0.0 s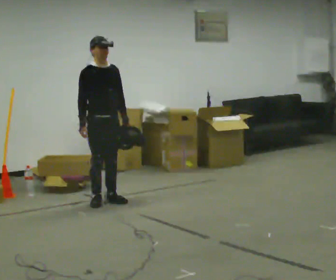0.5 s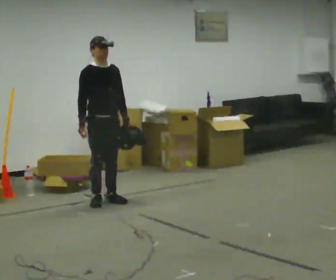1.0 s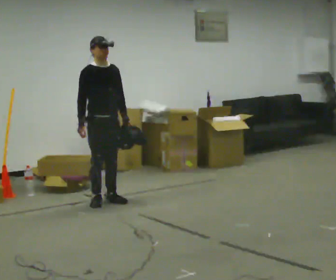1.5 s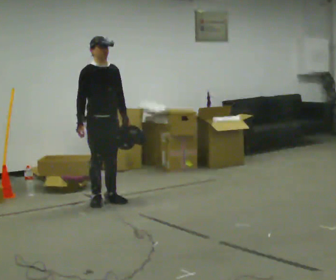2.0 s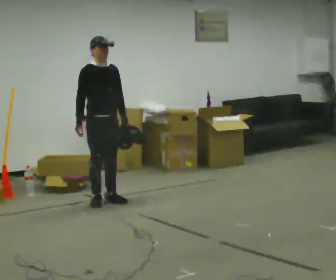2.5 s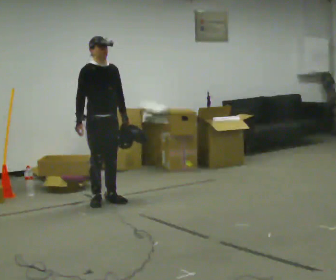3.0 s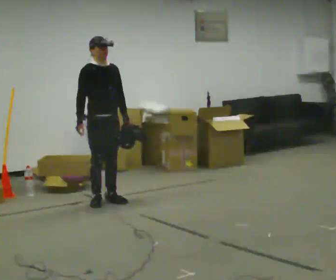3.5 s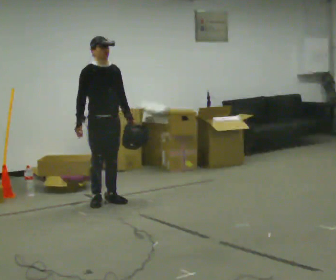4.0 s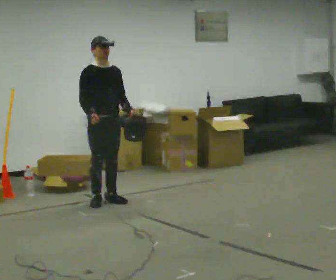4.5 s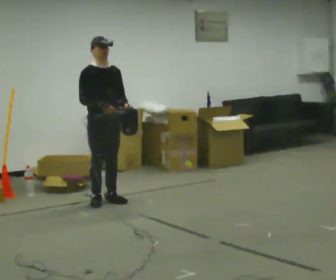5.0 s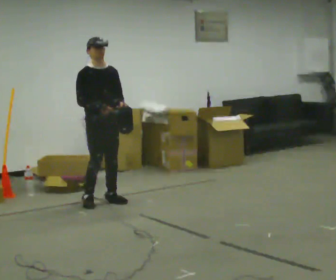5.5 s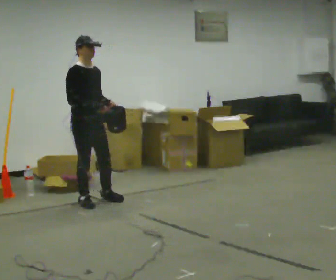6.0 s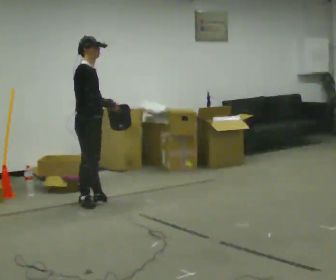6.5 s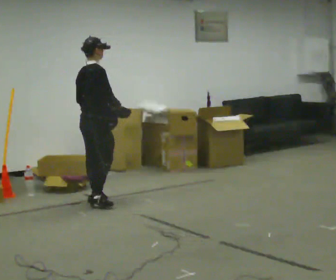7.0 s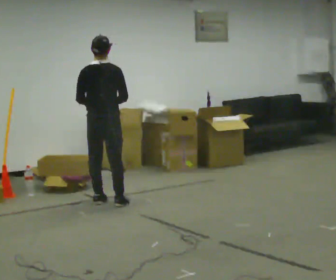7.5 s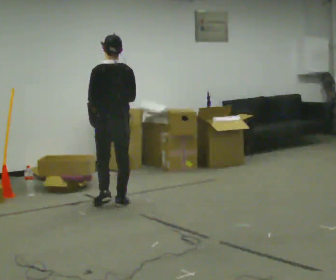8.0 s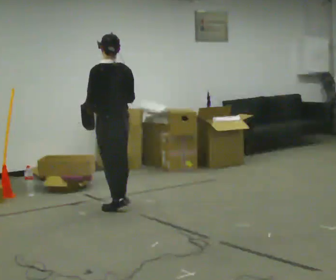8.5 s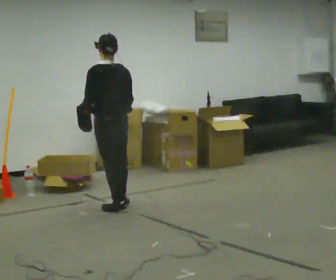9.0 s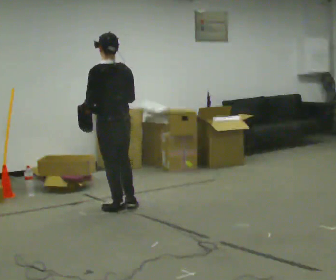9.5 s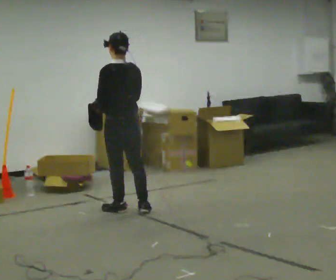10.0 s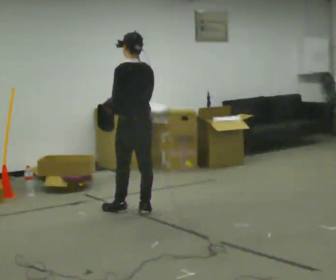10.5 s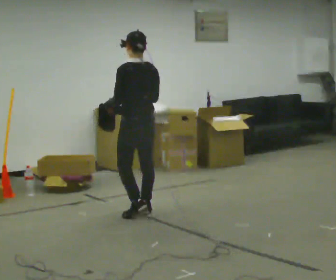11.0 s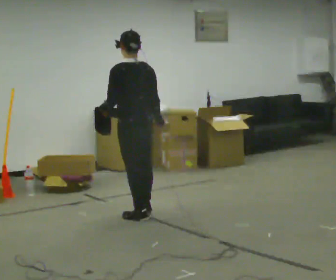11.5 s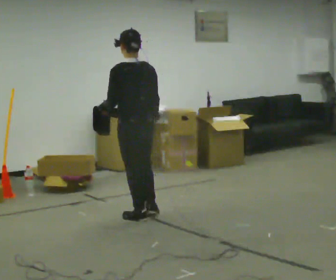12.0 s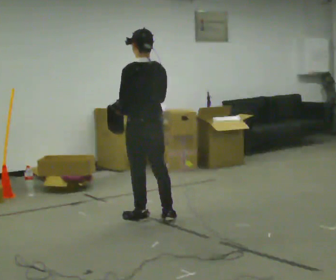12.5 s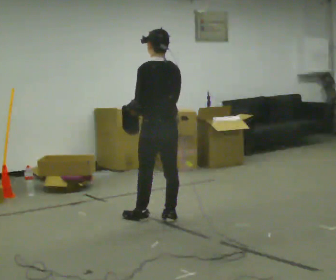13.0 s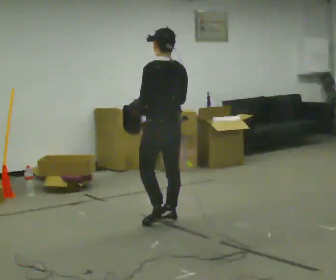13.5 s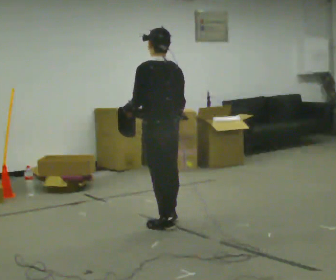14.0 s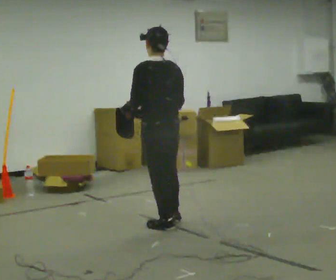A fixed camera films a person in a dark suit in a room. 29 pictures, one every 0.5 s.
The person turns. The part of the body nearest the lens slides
to the right.
The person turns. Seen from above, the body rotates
counterclockwise.
0.0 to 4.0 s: The person moves a little, or ends about where they began.
4.0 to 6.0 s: The person turns about 60 degrees to their left, counterclockwise seen from above, so the part of the body nearest the lens slides to the right. In the picture they go to the left, about 0.25 m, which for them is to their right.
6.0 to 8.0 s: The part of the body nearest the lens slides to the right as the person turns to their left by about 120 degrees. In the picture they go to the right and toward the camera, about 0.25 m in 2 steps.
8.0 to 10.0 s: In the picture they go toward the camera and to the right, about 0.25 m in 1 step, which for them is backward.
10.0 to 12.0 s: In the picture they go toward the camera, about 0.25 m in 2 steps, which for them is backward.
12.0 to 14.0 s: In the picture they go toward the camera, about 0.25 m in 2 steps, which for them is backward.
The film runs backward here.
